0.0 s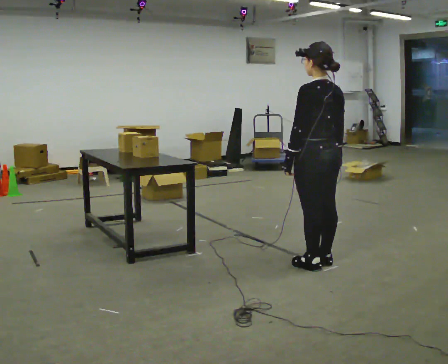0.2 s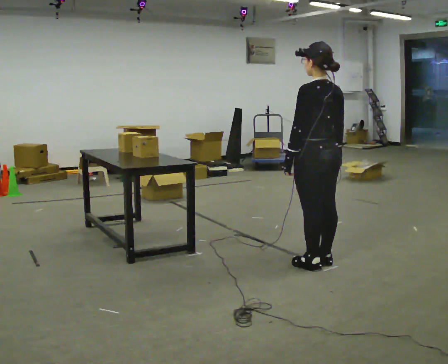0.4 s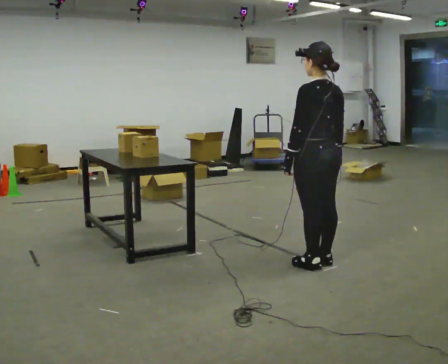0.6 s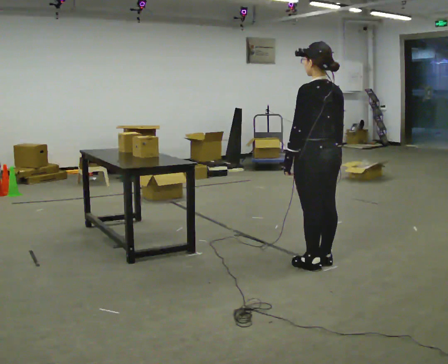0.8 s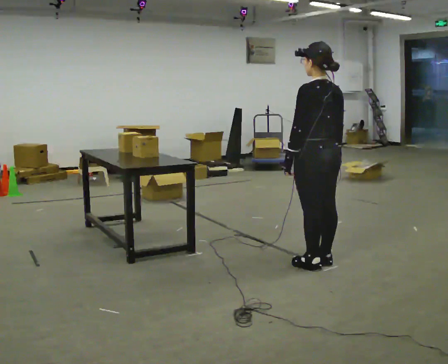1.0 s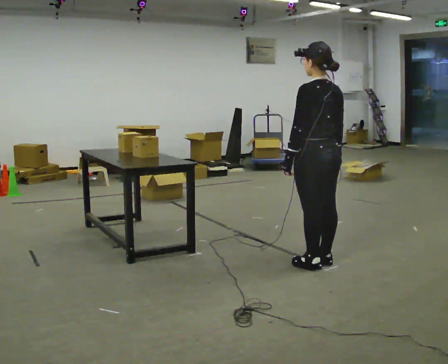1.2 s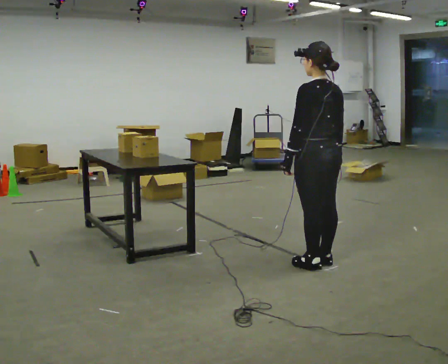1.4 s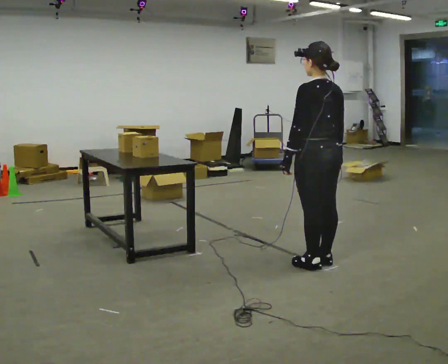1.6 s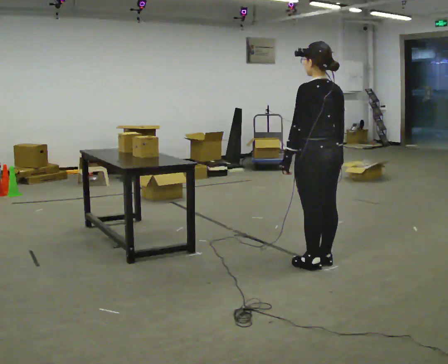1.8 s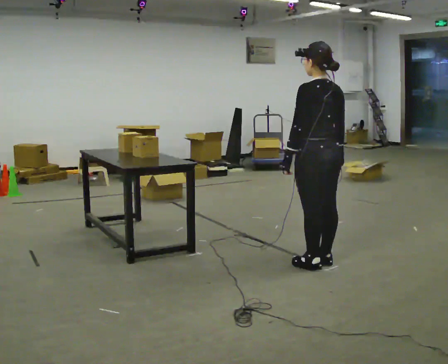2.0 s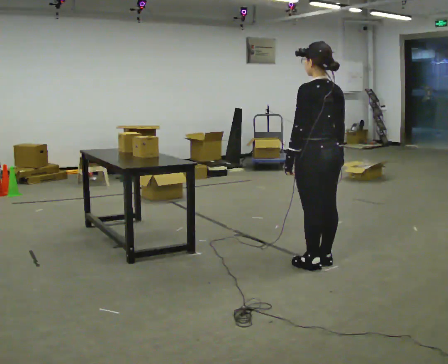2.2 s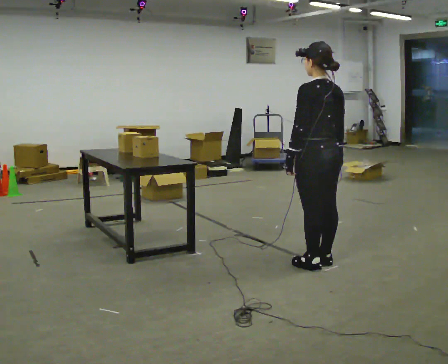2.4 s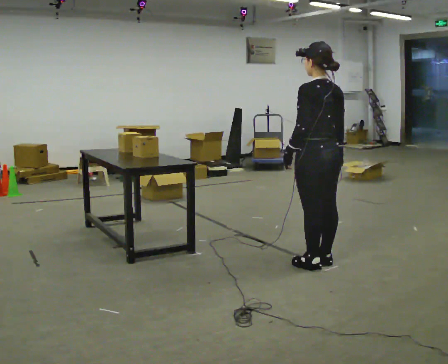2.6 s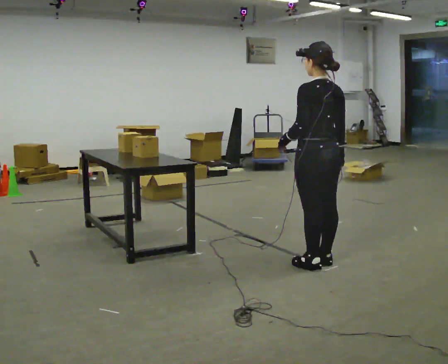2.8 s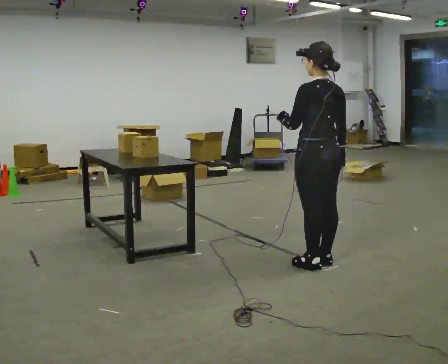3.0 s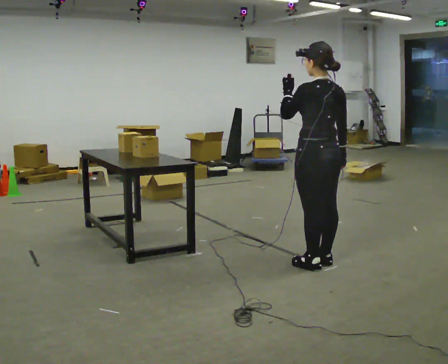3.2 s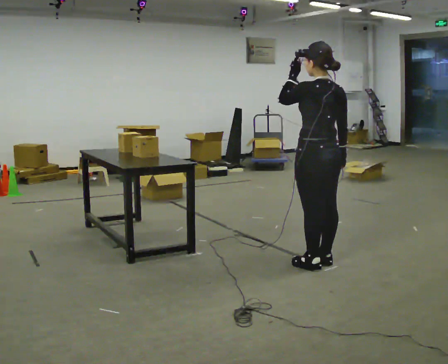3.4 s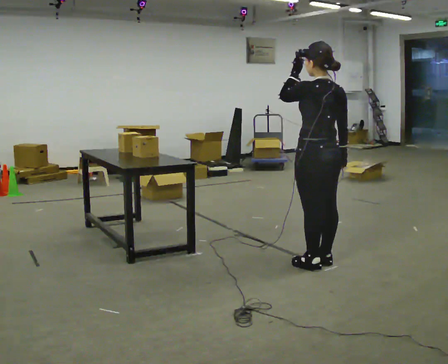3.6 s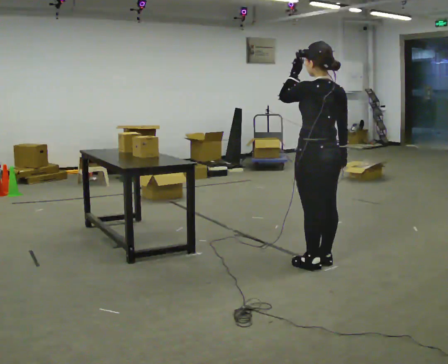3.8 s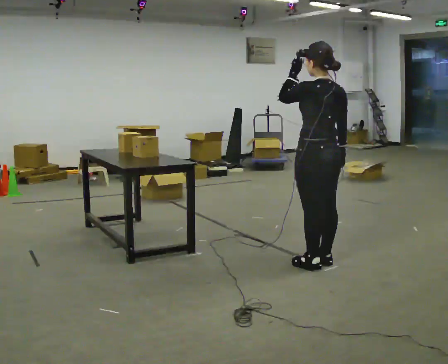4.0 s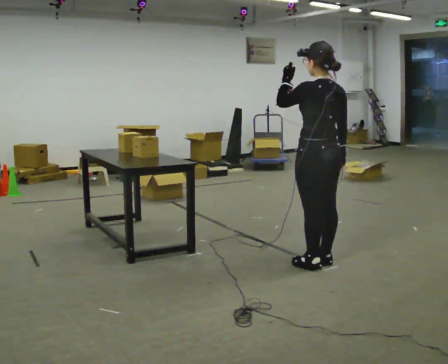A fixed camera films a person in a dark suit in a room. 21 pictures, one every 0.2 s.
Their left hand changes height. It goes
upward.
0.0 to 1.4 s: The person keeps their place and pose.
1.4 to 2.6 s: The person moves a little, or ends about where they began.
2.6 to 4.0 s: In the picture their left hand goes upward.
The film runs backward here.
